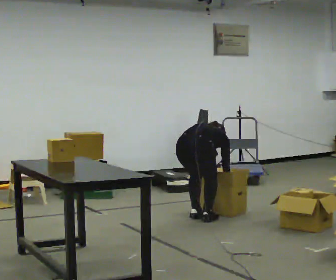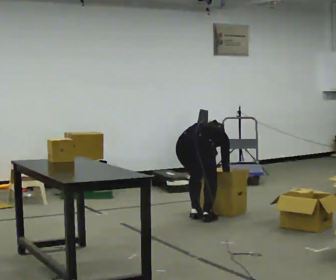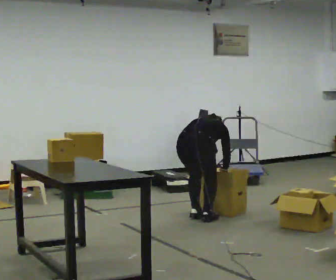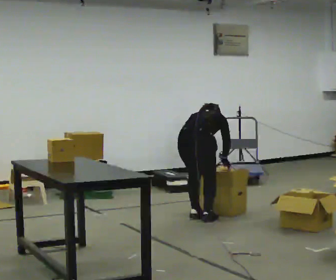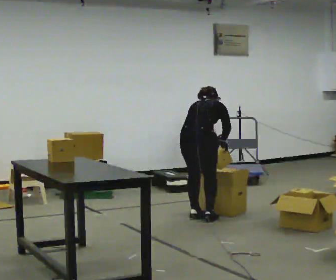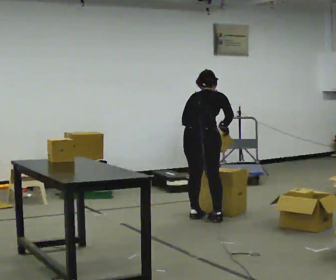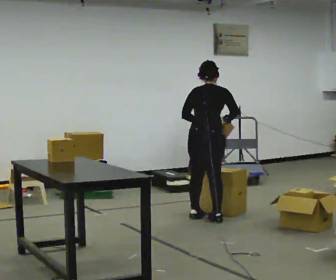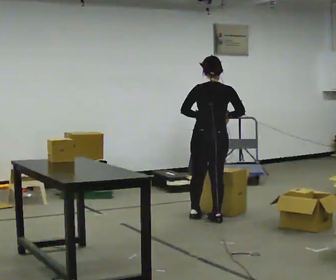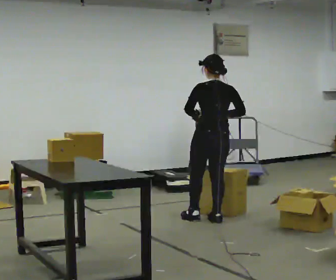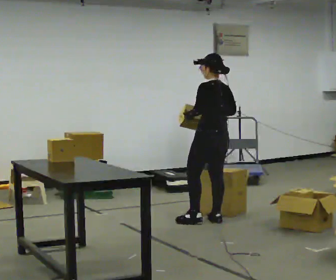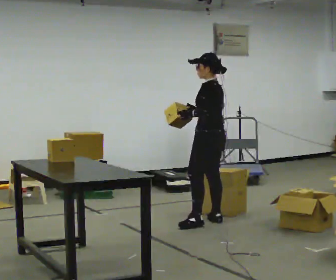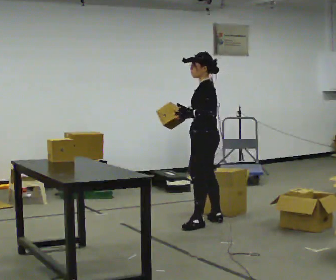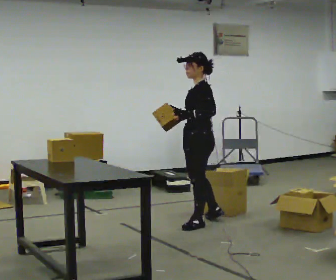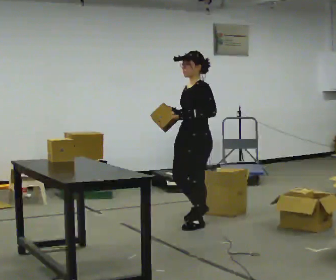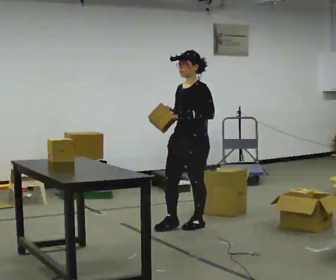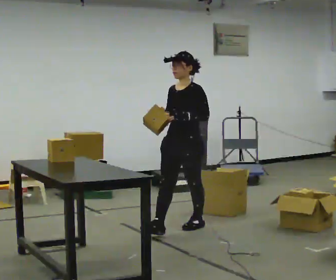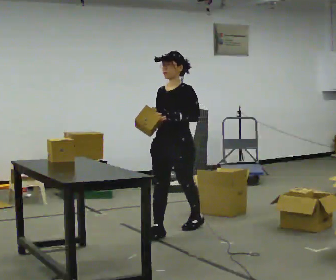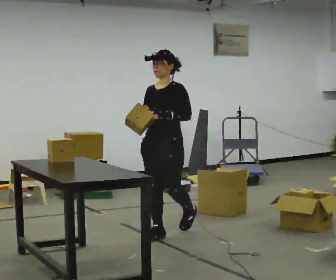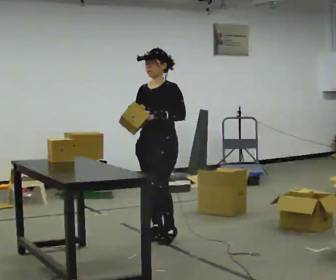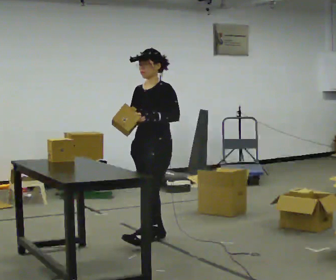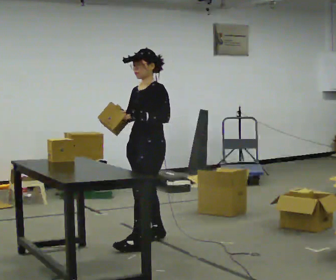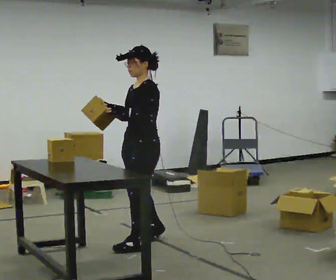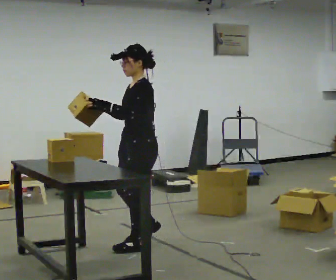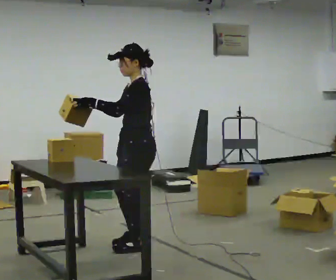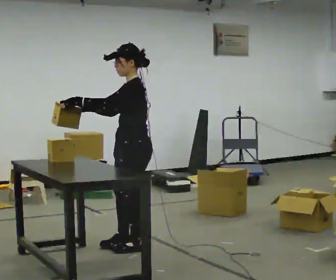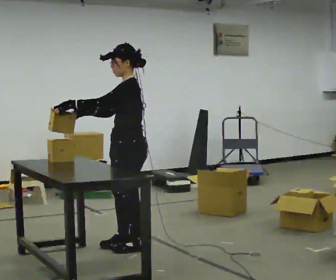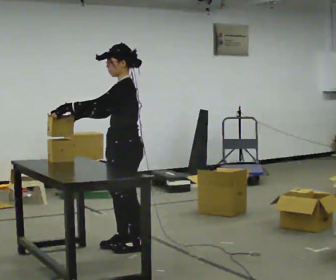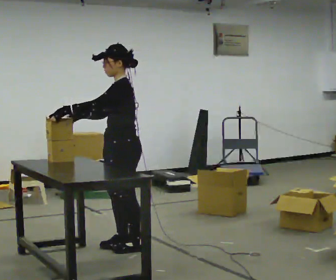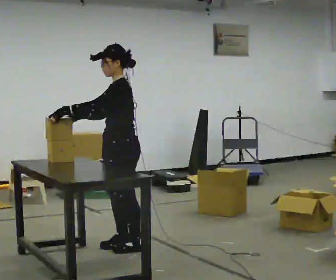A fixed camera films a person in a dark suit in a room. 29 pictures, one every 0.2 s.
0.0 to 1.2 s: The shoulders move upward. The upper body tips toward the camera, its near side rolling downward, as they lean back or straighten. In the picture their right hand goes upward.
1.2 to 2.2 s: Seen from above the body turns counterclockwise, about 105 degrees: to their left, with its near side sliding to the right. In the picture their right hand goes to the left.
2.2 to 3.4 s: The part of the body nearest the lens slides to the right as the person turns to their left by about 75 degrees. In the picture they go toward the camera and to the left, about 0.5 m in 1 step.
3.4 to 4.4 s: Seen from above the body turns clockwise, about 45 degrees: to their right, with its near side sliding to the left. In the picture they go toward the camera, about 0.5 m in 1 step, which for them is forward and to their left.
4.4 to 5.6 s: The person moves a little, or ends about where they began.
The film runs forward here.
